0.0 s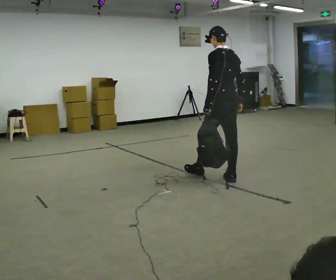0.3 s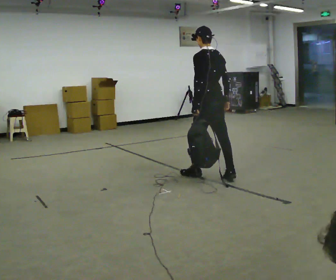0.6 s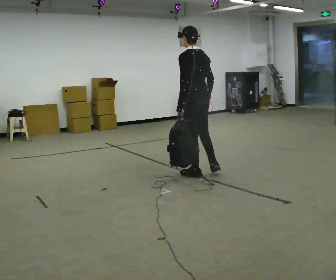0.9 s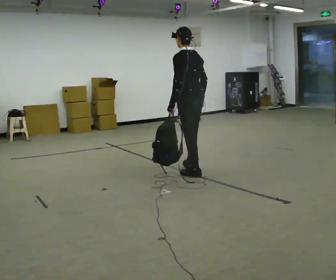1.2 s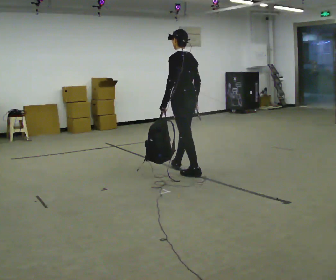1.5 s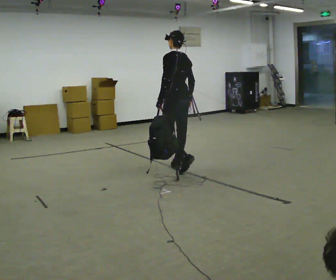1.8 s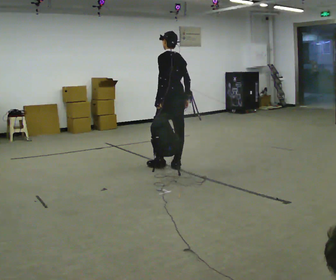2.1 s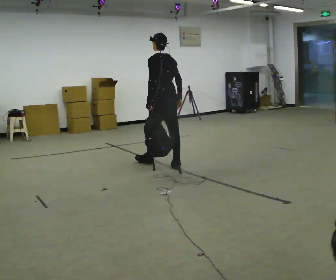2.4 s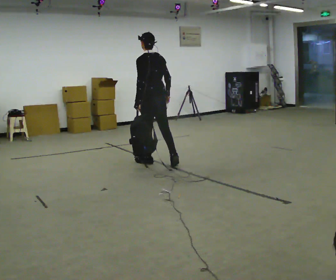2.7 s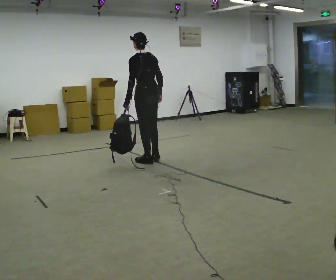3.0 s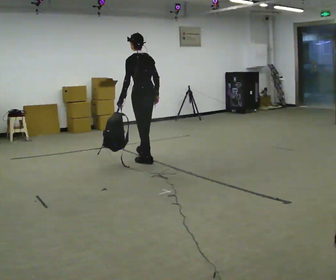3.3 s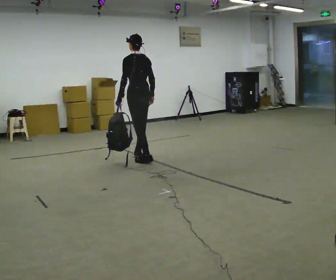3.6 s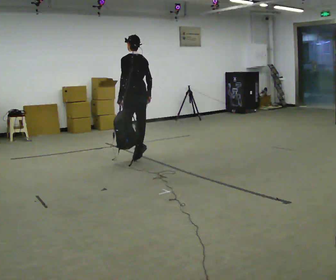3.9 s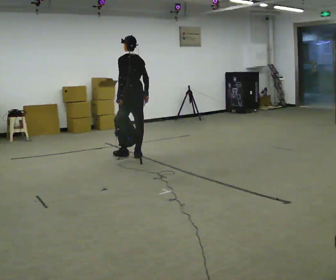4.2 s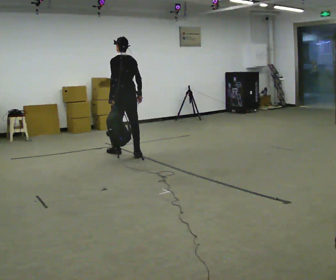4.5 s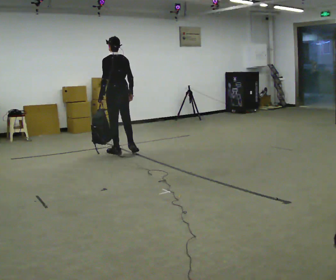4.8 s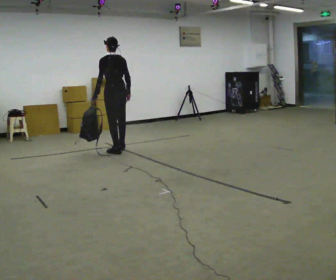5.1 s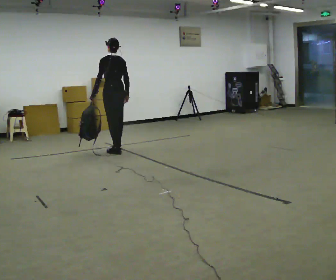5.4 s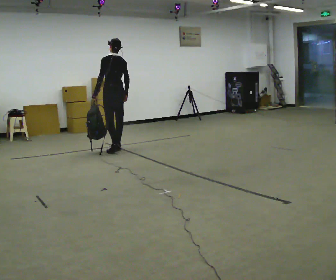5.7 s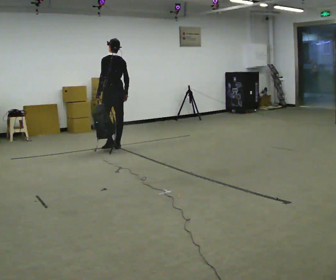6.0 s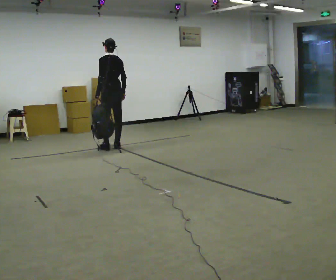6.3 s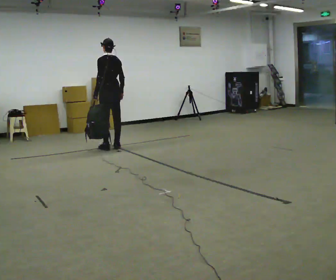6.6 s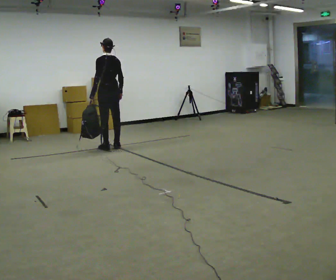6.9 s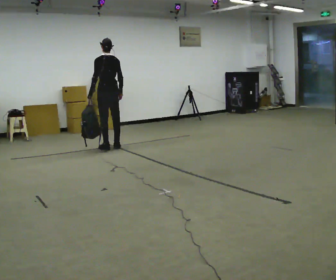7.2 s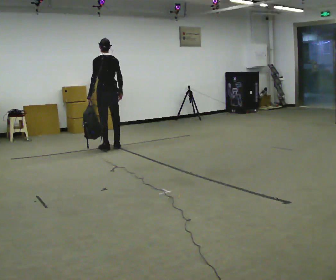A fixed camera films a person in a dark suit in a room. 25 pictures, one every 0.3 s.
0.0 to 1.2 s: In the picture they go to the left and away from the camera, about 0.5 m in 2 steps, which for them is forward.
1.2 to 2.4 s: In the picture they go away from the camera and to the left, about 0.5 m in 1 step, which for them is forward.
2.4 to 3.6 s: In the picture they go away from the camera and to the left, about 0.5 m in 1 step, which for them is forward.
3.6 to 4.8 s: In the picture they go to the left and away from the camera, about 0.5 m in 1 step, which for them is forward.
4.8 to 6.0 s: In the picture they go away from the camera, about 0.25 m in 2 steps, which for them is forward.
6.0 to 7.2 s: The person moves a little, or ends about where they began.
The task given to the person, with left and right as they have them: Carry the soft bag across the room, back and forth. It will change shape as you move, so hold it however works.
The film runs forward here.
